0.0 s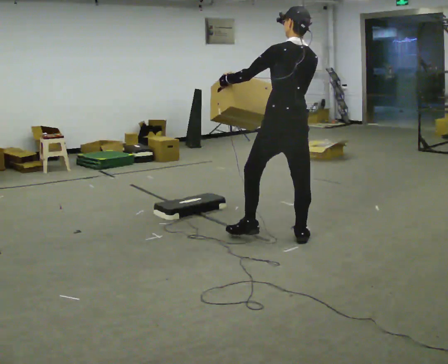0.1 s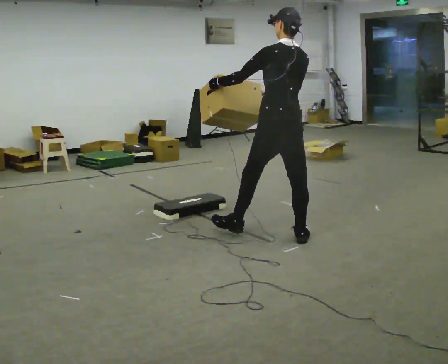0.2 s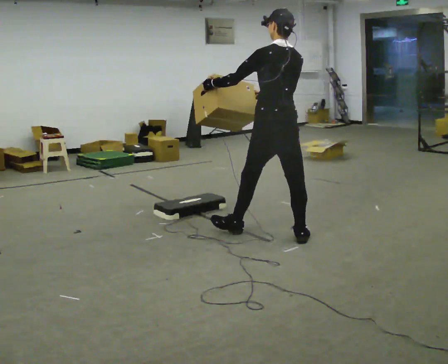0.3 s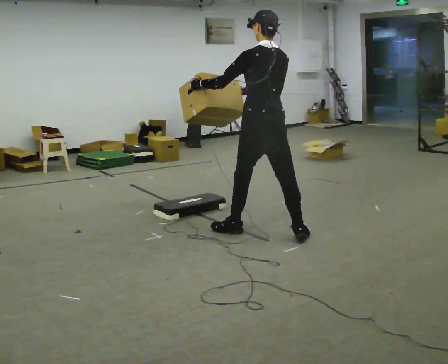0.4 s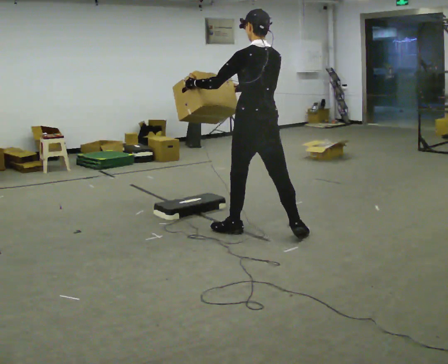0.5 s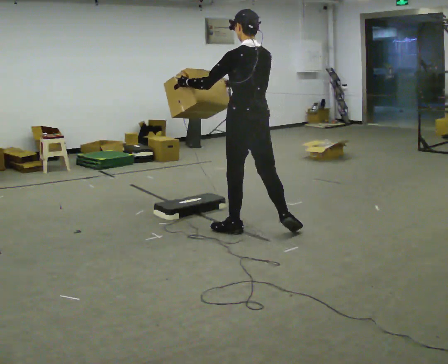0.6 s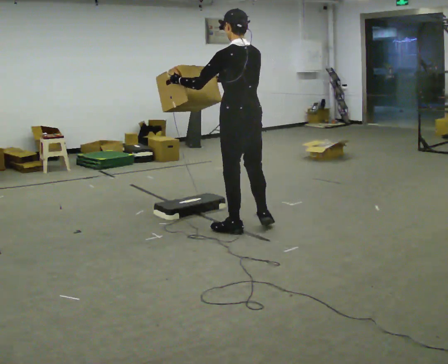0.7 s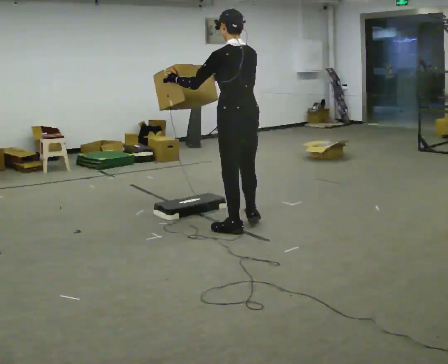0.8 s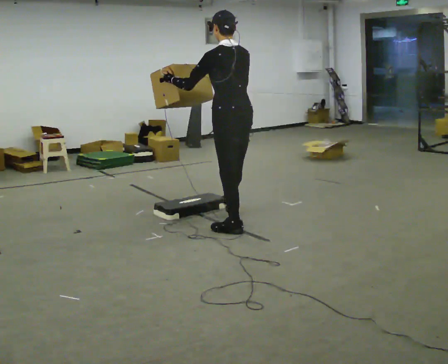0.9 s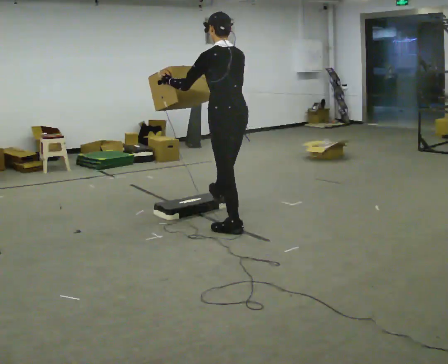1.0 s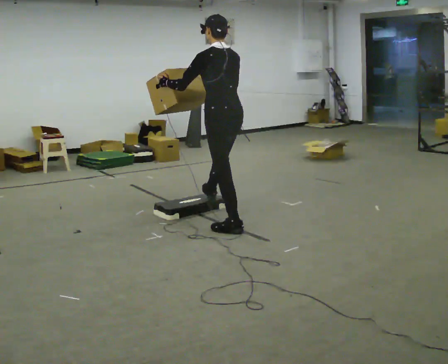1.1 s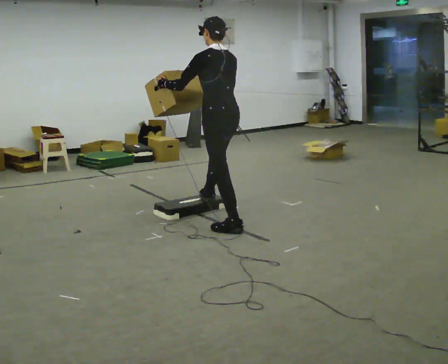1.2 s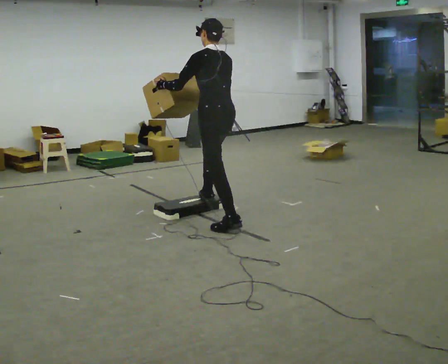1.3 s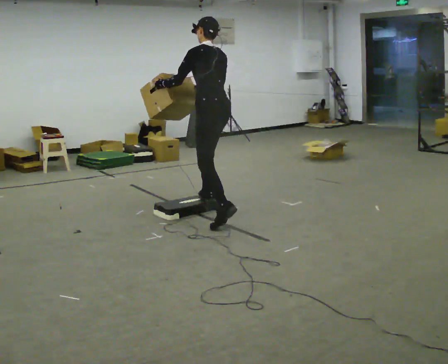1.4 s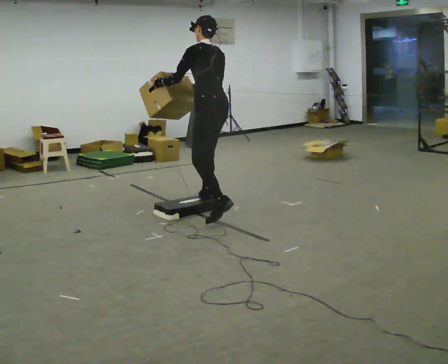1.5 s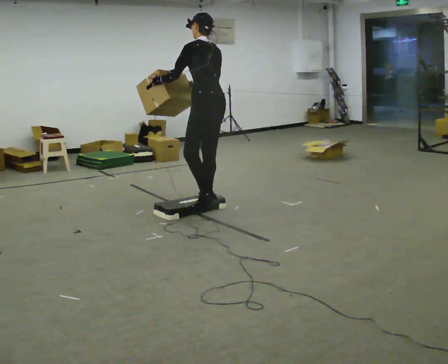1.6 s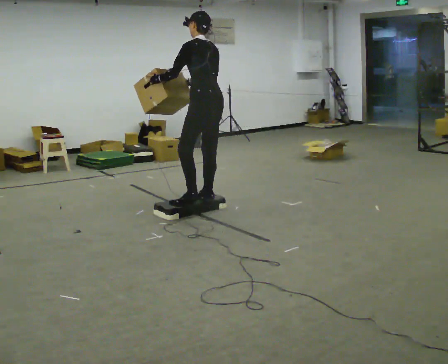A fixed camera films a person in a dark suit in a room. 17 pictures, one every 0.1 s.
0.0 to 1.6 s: The part of the body nearest the lens slides to the right as the person turns to their left by about 30 degrees. In the picture they go to the left and away from the camera, about 1 m in 2 steps, which for them is forward. In the picture the upper body tilts counterclockwise, shoulders to the left.
The film runs forward here.
